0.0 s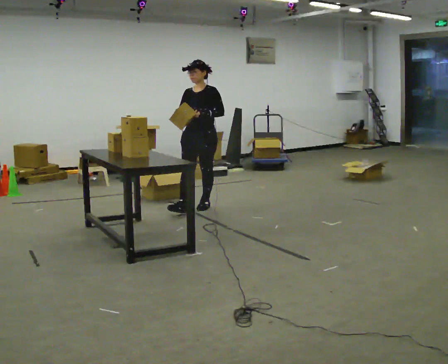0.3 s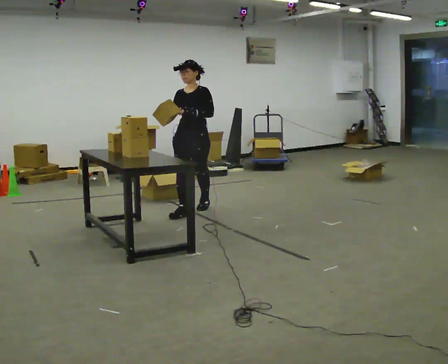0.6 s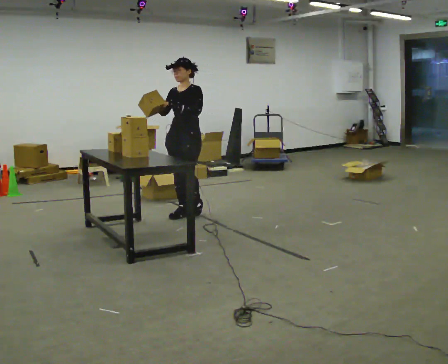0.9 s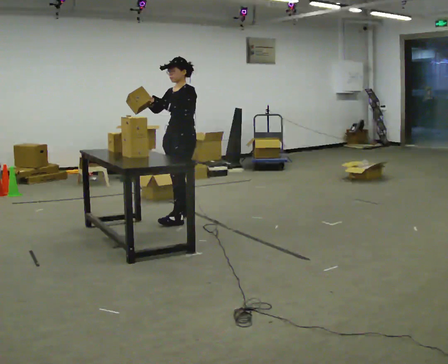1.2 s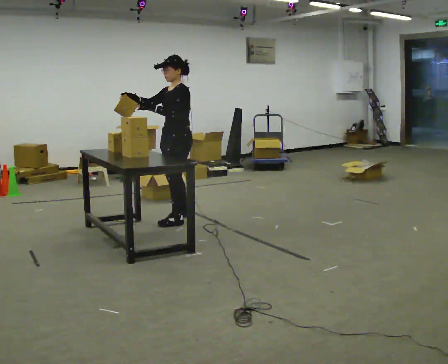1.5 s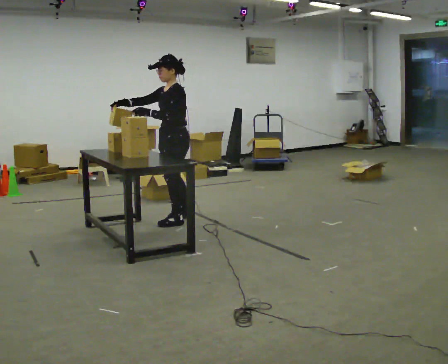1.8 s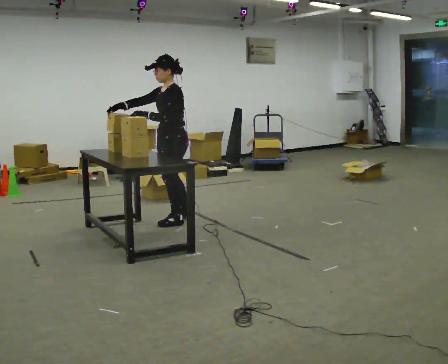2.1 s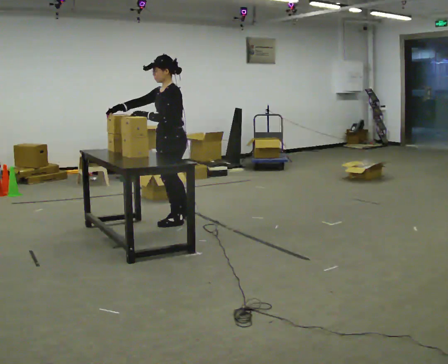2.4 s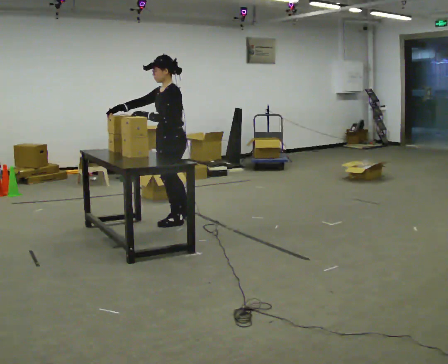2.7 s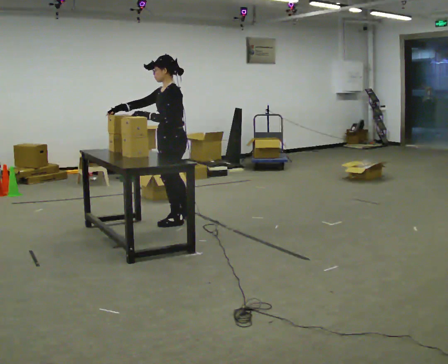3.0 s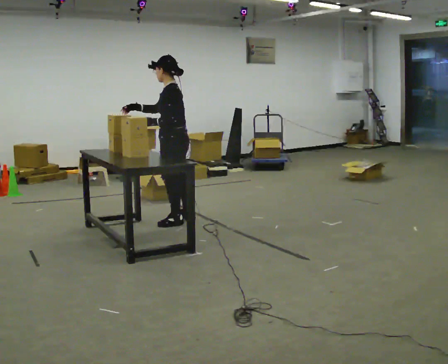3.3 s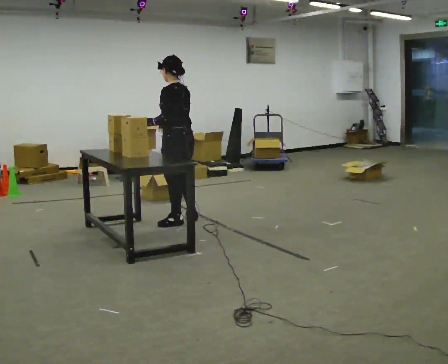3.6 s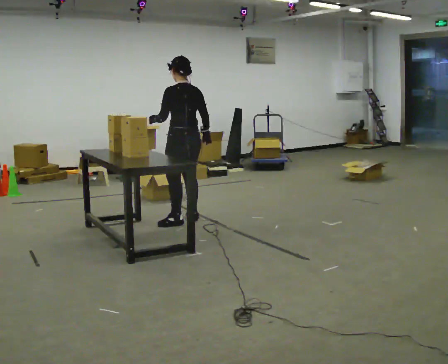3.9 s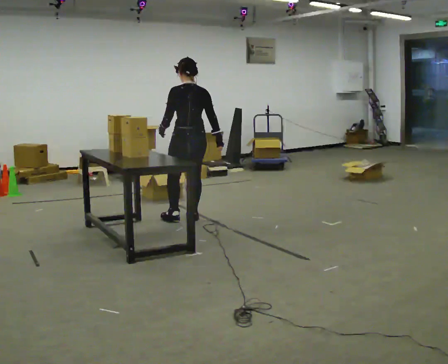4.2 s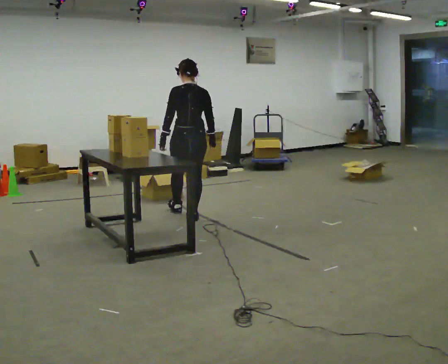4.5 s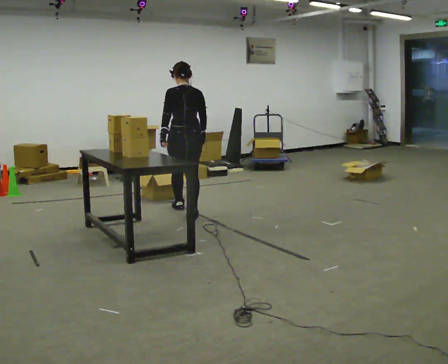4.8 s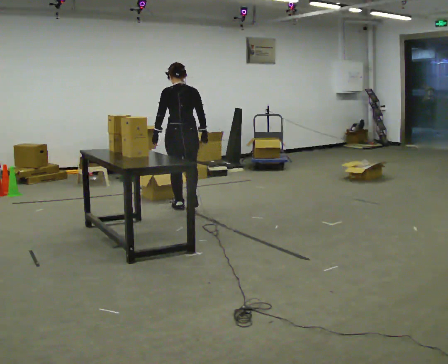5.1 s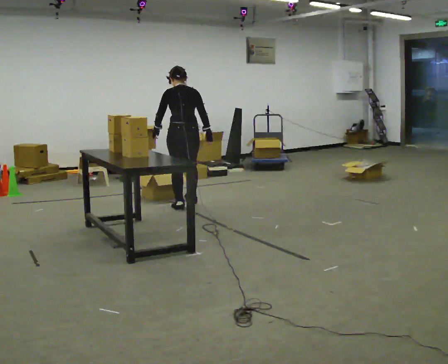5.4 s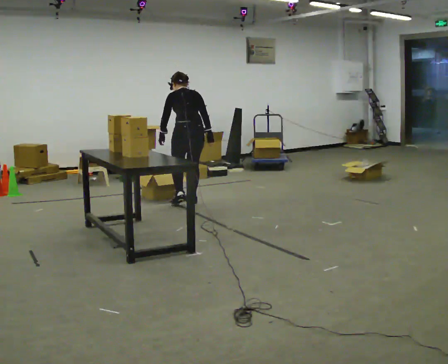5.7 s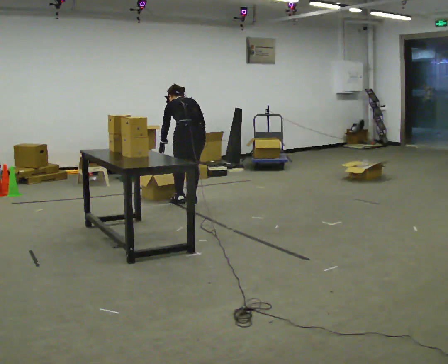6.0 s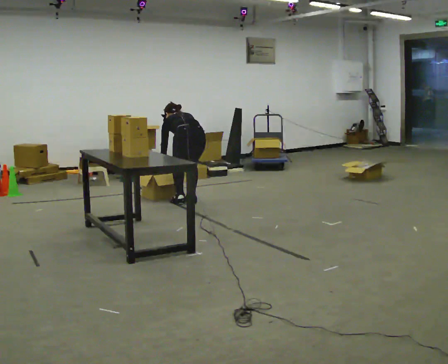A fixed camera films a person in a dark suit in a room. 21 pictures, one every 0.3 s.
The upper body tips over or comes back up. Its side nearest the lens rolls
upward.
The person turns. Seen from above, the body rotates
clockwise.
0.0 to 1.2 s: The part of the body nearest the lens slides to the left as the person turns to their right by about 45 degrees. In the picture they go toward the camera and to the left, about 0.5 m in 2 steps, which for them is forward.
1.2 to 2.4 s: The person moves a little, or ends about where they began.
2.4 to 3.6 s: The part of the body nearest the lens slides to the left as the person turns to their right by about 60 degrees. In the picture their right hand goes to the right, the arm swinging counterclockwise.
3.6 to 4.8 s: Seen from above the body turns clockwise, about 30 degrees: to their right, with its near side sliding to the left. In the picture they go away from the camera, about 0.5 m in 1 step, which for them is forward.
4.8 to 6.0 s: In the picture they go away from the camera, about 0.25 m in 2 steps, which for them is forward and to their right. The upper body goes downward. The upper body tips away from the camera, its near side rolling upward, as they bend forward. In the picture their right hand goes downward.
The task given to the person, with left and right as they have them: Bring the boxes over one at a time and stack them on top of each other, walking back for each one. Keep going until the operator says stop; one object at a time, and do not rush between trips.
The film runs forward here.
